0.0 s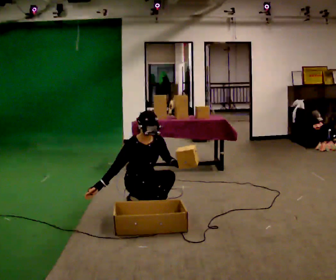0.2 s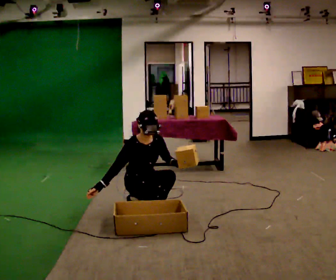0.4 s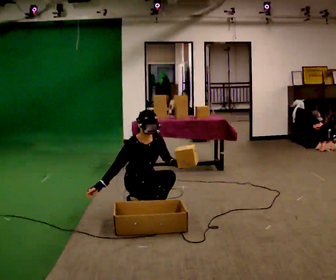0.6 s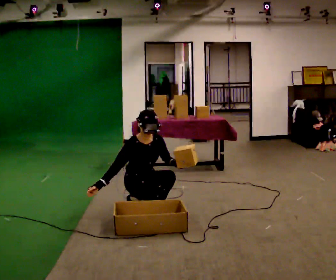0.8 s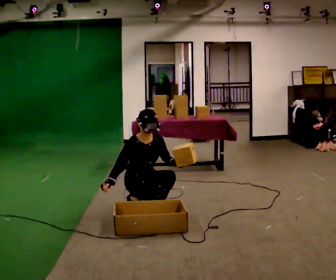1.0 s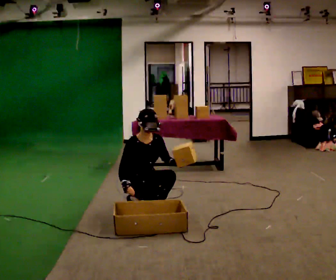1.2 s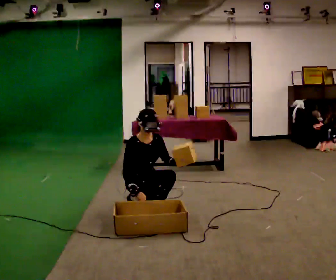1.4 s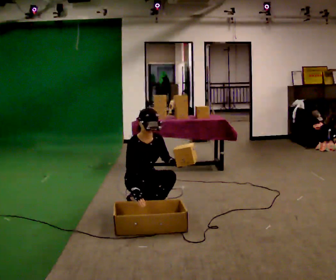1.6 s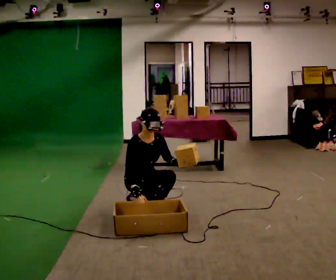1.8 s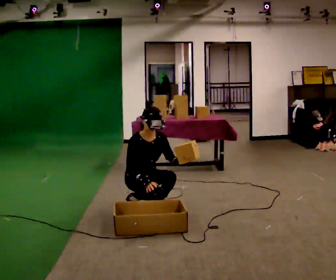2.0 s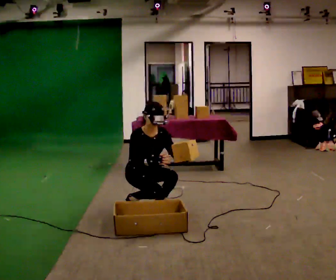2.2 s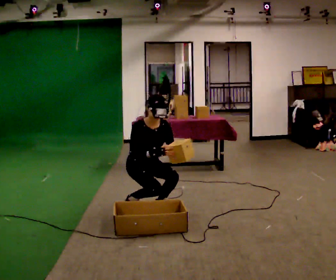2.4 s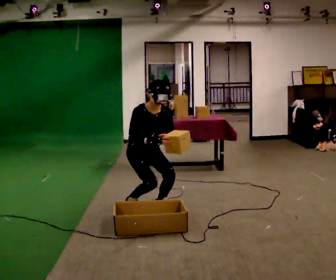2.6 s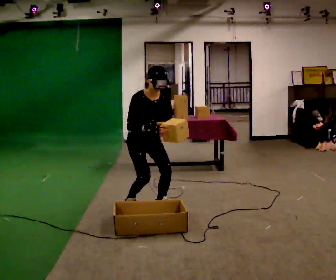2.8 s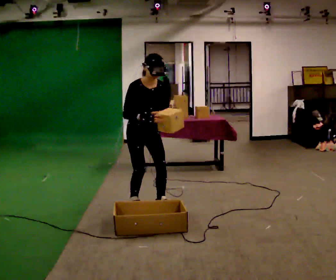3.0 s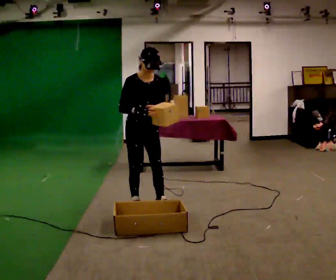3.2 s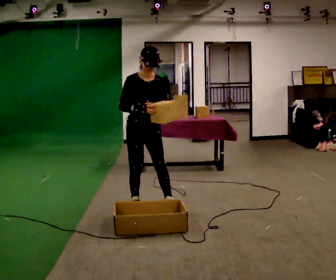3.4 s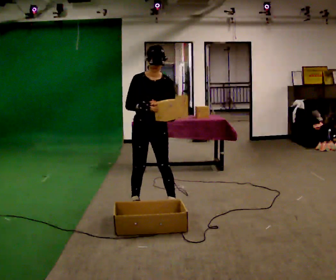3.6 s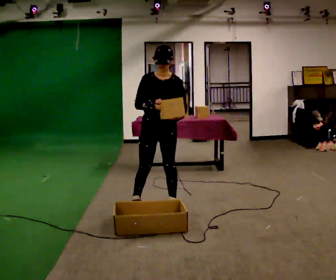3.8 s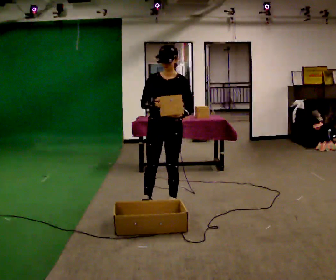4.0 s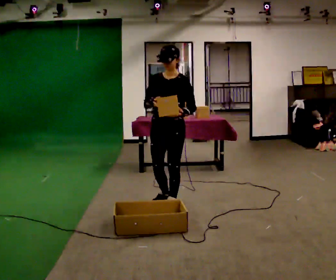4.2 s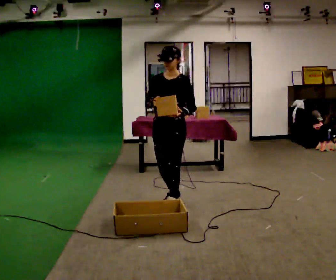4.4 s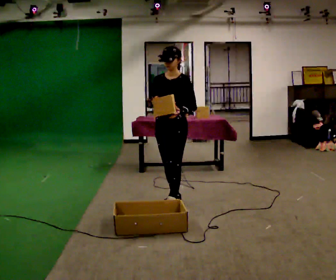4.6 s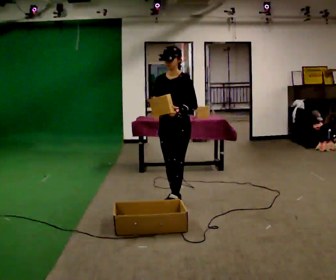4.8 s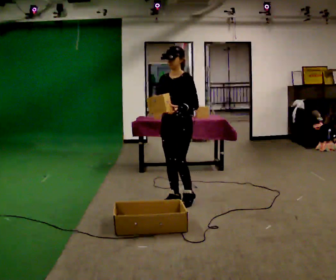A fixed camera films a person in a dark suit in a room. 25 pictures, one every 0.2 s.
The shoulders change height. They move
upward.
The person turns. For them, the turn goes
to their right.
0.0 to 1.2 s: In the picture their right hand goes to the right.
1.2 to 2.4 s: The upper body goes upward. In the picture their right hand goes upward.
2.4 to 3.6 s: Seen from above the body turns clockwise, about 30 degrees: to their right, with its near side sliding to the left. In the picture they go to the right, about 0.25 m, which for them is forward and to their left. The upper body goes upward. The upper body tips away from the camera, its near side rolling upward, as they lean back or straighten. In the picture their right hand goes upward.
3.6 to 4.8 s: Seen from above the body turns clockwise, about 30 degrees: to their right, with its near side sliding to the left. In the picture they go away from the camera and to the right, about 0.25 m in 2 steps, which for them is backward.
The film runs backward here.
